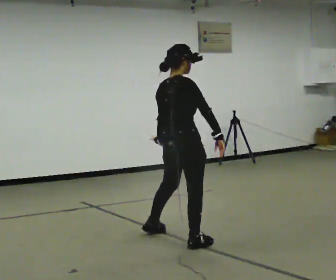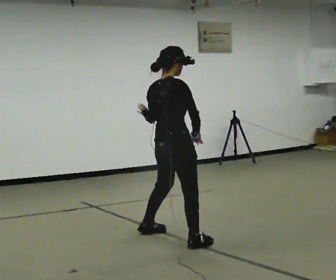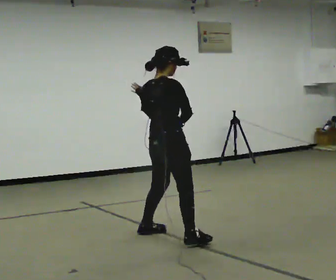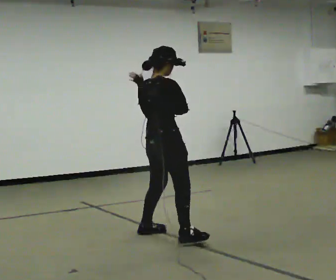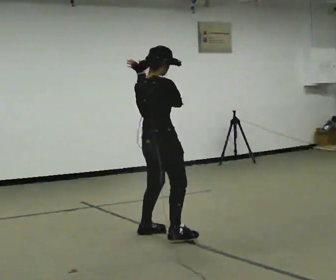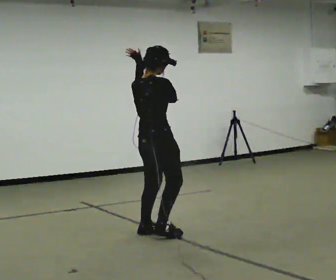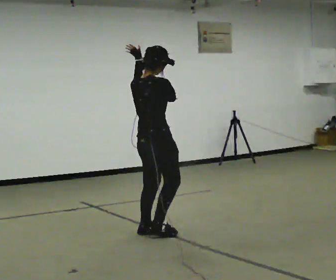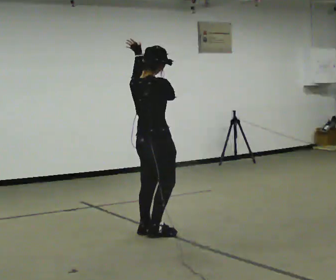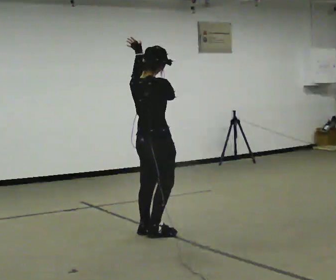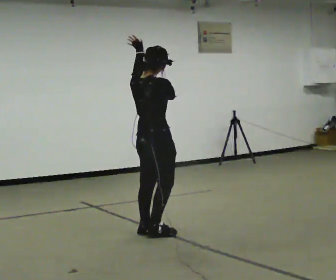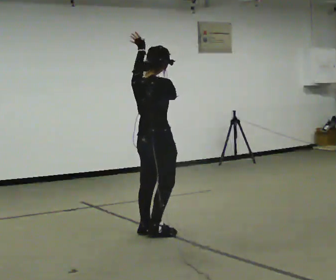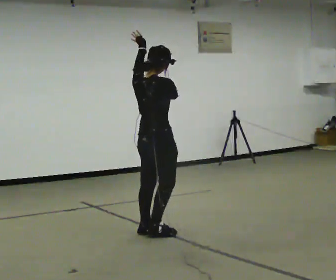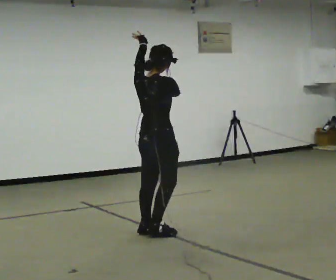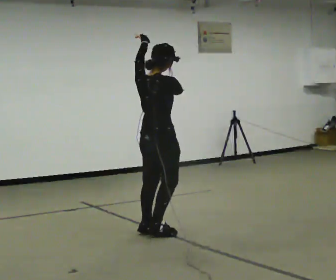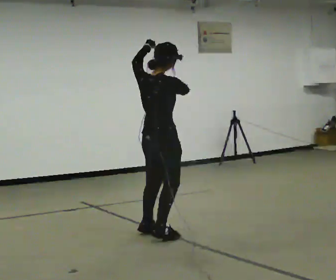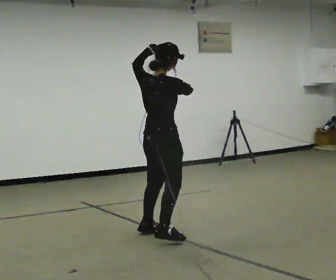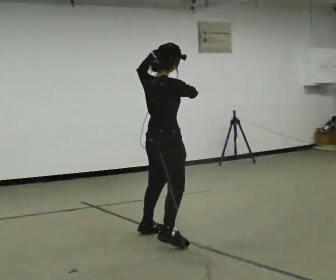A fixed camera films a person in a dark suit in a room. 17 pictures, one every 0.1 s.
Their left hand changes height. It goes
upward.
0.0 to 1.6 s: In the picture they go away from the camera and to the left, about 0.25 m in 2 steps, which for them is to their left. In the picture their left hand goes upward.
The film runs backward here.
